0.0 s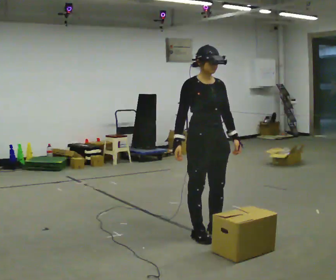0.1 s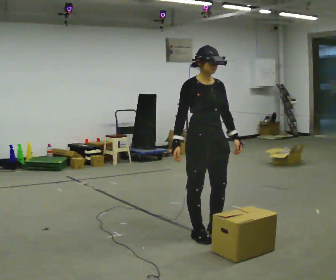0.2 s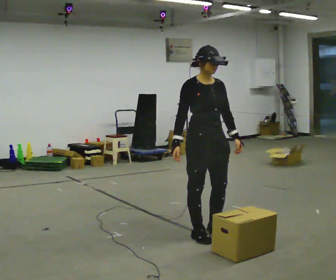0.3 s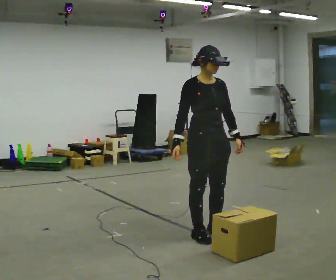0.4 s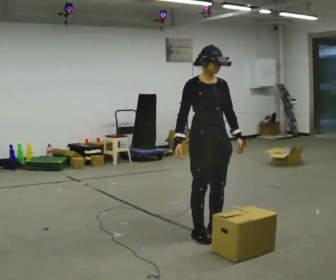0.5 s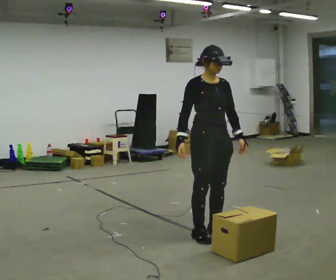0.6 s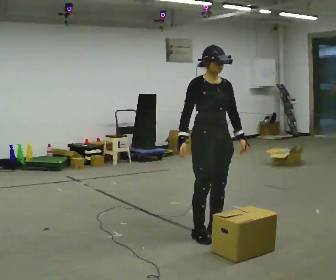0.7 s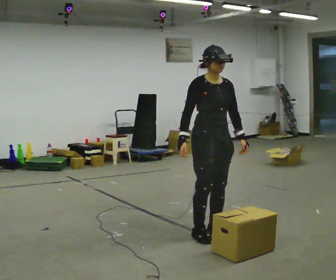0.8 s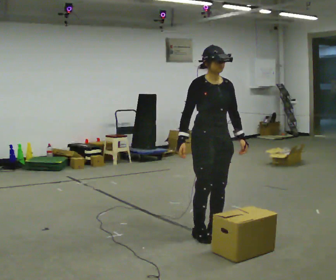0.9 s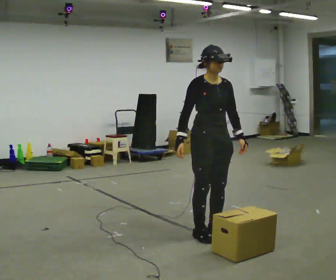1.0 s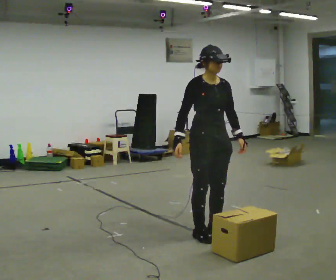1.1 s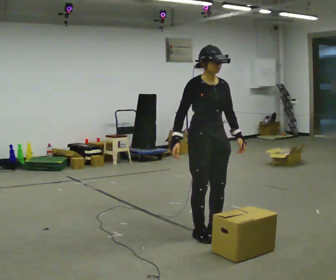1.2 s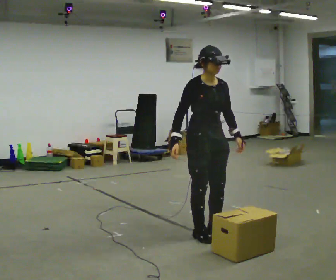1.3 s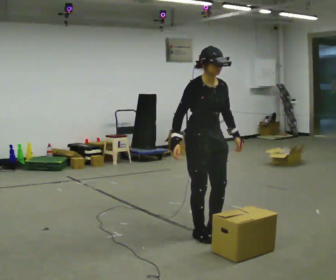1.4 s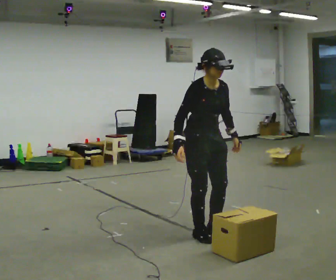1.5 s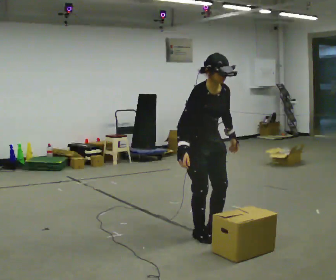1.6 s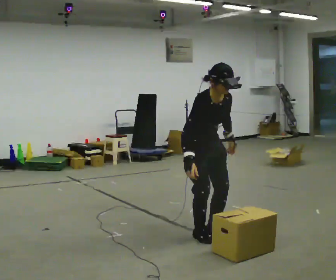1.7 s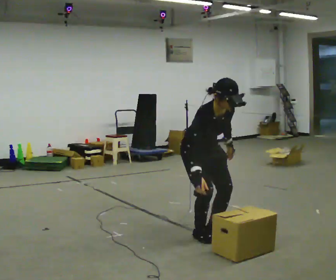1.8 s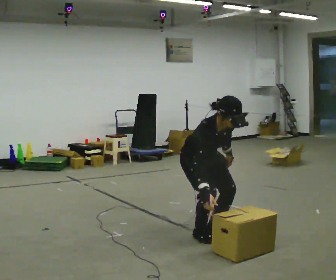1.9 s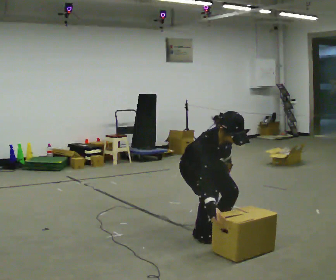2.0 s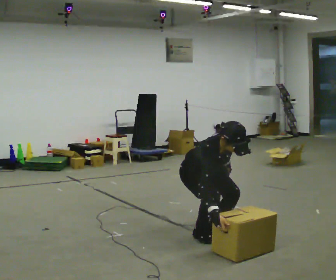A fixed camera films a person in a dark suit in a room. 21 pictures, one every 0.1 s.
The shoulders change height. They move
downward.
The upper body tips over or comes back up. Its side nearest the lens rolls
downward.
0.0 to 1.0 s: The person moves a little, or ends about where they began.
1.0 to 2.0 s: The upper body goes downward. The upper body tips toward the camera, its near side rolling downward, as they bend forward.
The film runs backward here.
